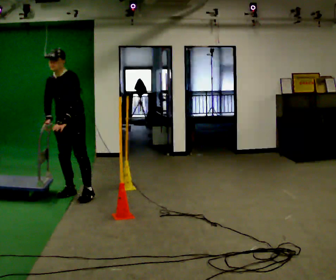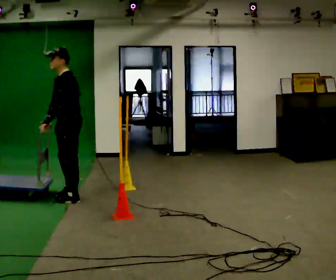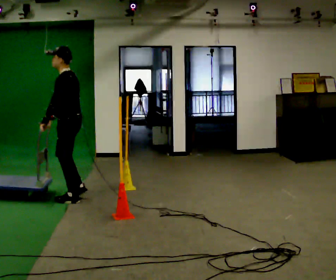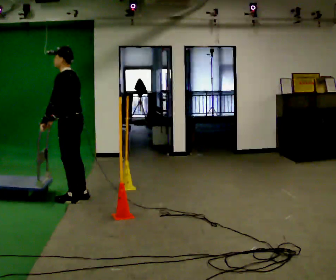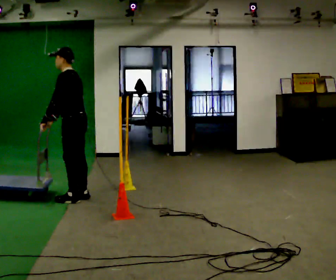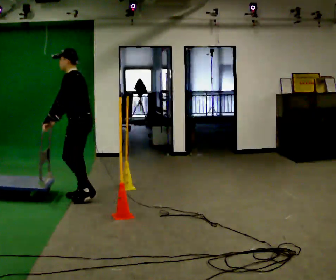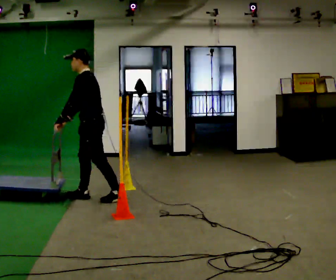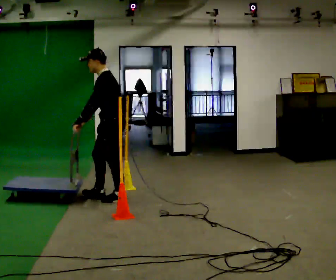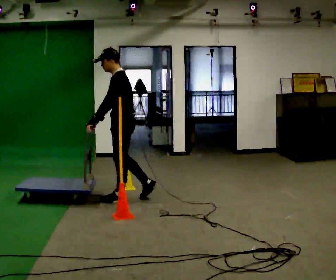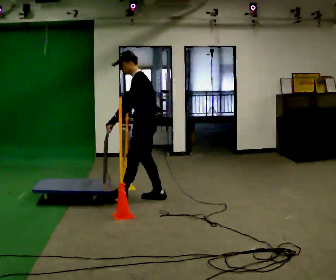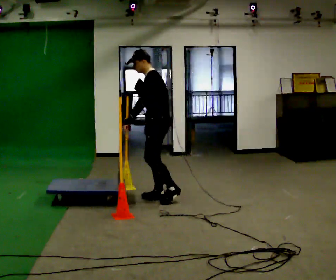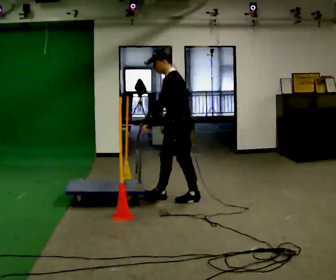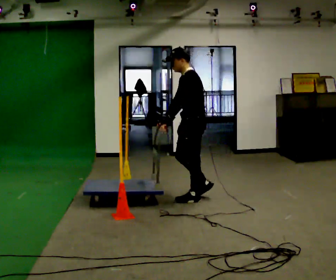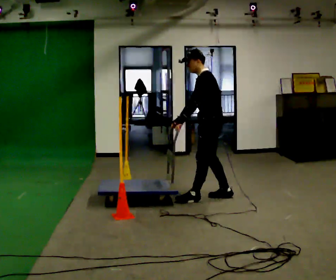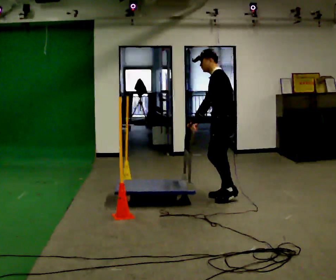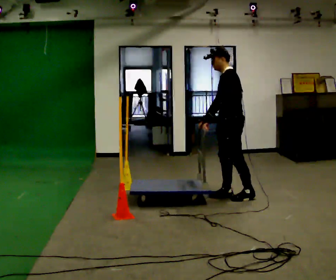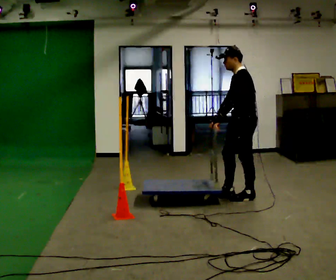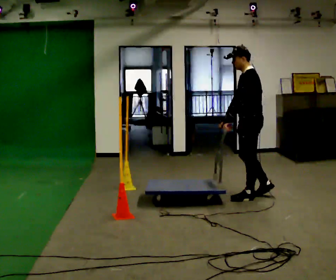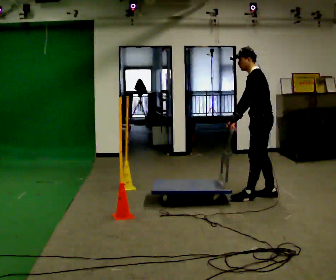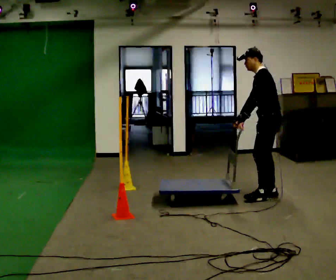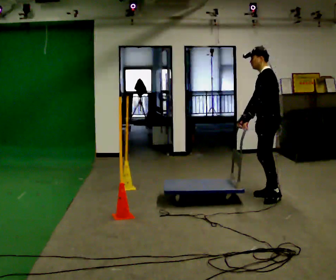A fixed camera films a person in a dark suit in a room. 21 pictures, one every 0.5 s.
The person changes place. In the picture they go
to the right.
0.0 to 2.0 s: The part of the body nearest the lens slides to the left as the person turns to their right by about 75 degrees. In the picture they go toward the camera, about 0.25 m in 1 step.
2.0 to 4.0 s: In the picture they go to the right, about 0.5 m in 2 steps, which for them is backward.
4.0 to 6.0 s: In the picture they go to the right, about 1 m in 2 steps, which for them is backward.
6.0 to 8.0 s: In the picture they go to the right, about 0.5 m in 1 step, which for them is backward.
8.0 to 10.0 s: In the picture they go to the right, about 0.25 m in 2 steps, which for them is backward.
The film runs backward here.
